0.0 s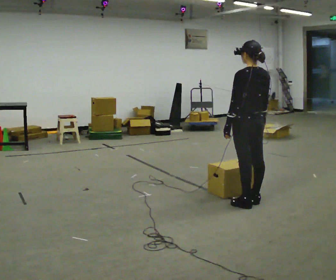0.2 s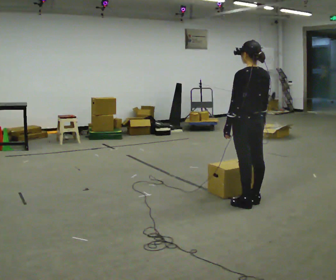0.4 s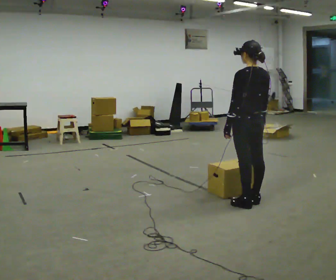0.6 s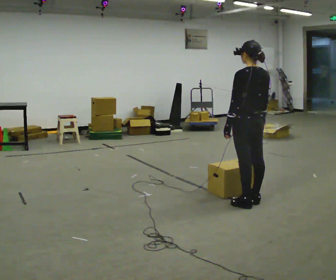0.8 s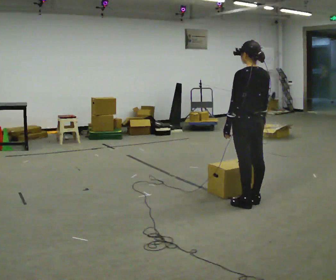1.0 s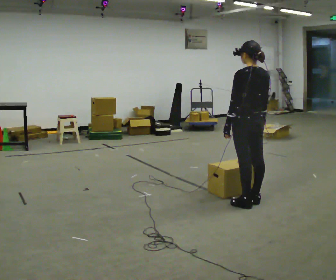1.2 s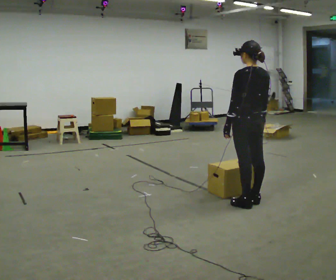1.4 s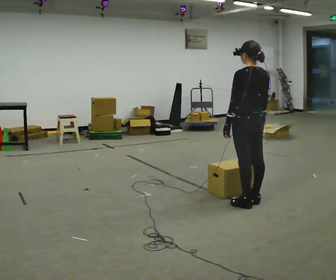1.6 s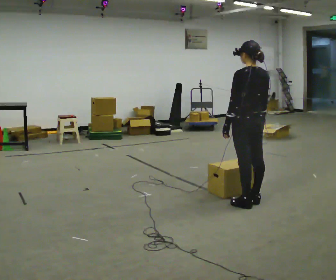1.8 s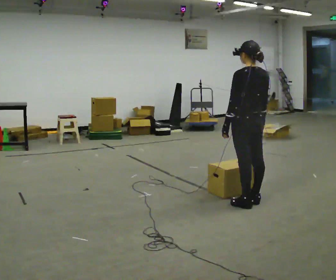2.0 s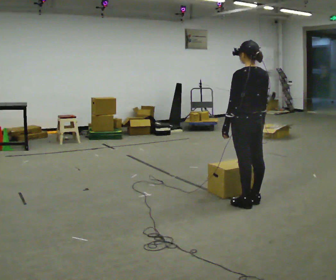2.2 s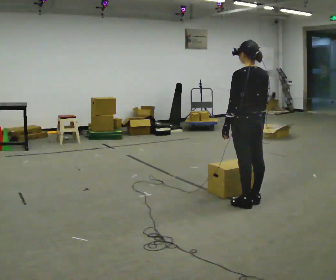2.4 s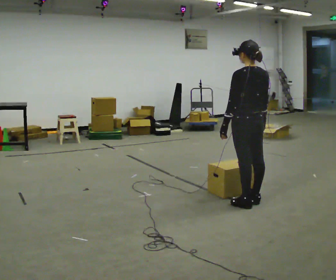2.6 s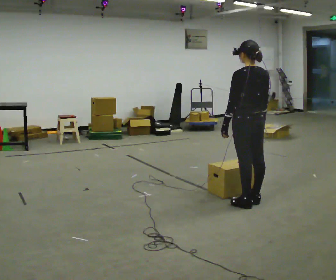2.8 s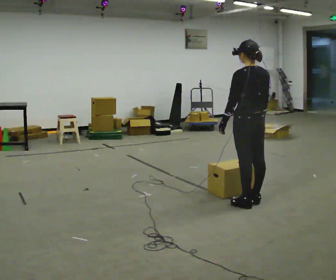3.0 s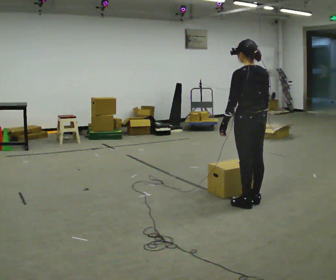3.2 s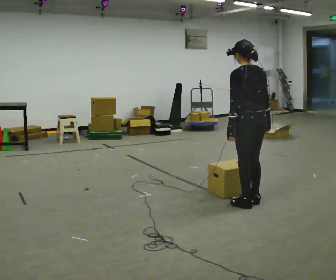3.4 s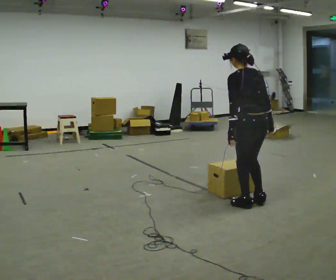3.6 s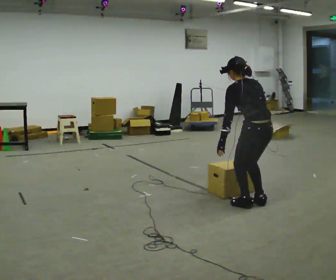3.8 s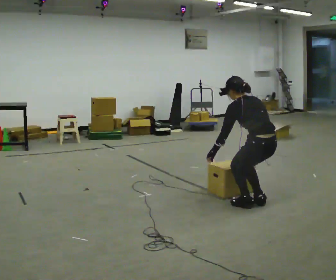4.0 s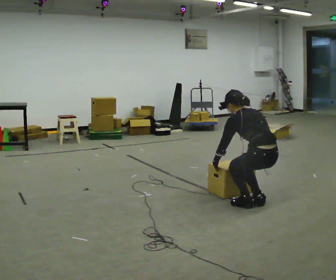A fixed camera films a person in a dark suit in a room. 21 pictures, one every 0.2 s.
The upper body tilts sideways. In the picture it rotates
counterclockwise.
The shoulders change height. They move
downward.
0.0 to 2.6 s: The person keeps their place and pose.
2.6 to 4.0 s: The upper body goes downward. In the picture the upper body tilts counterclockwise, shoulders to the left, as they bend forward. In the picture their right hand goes downward.
The film runs backward here.
